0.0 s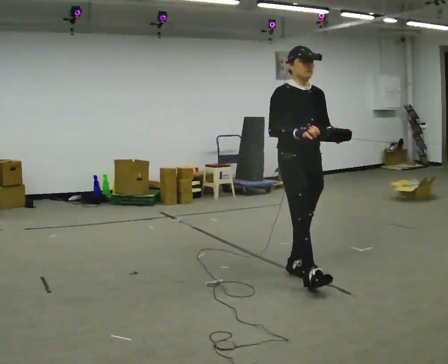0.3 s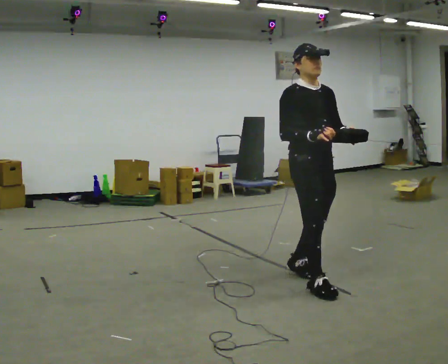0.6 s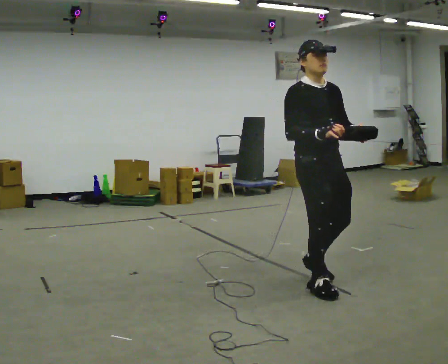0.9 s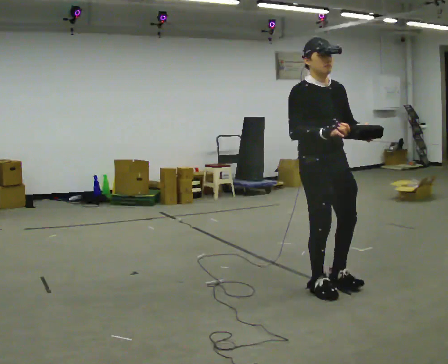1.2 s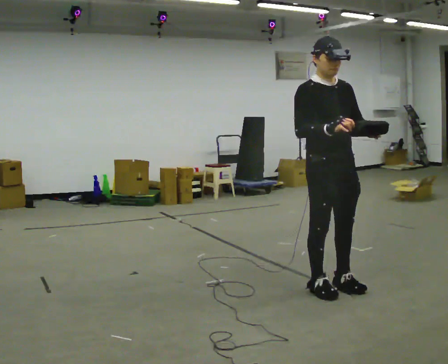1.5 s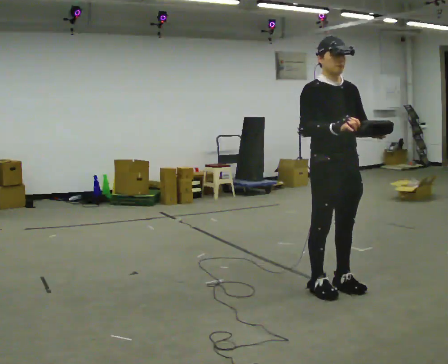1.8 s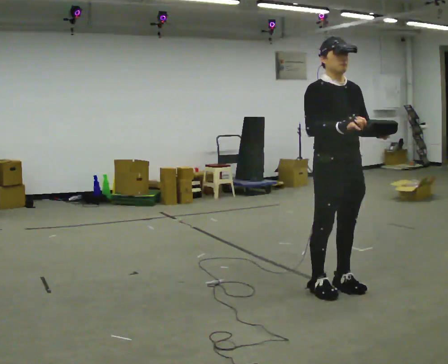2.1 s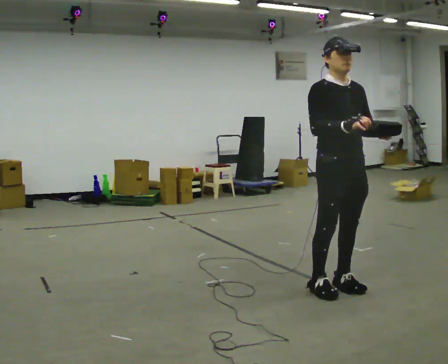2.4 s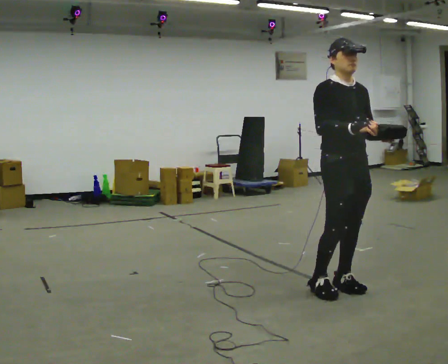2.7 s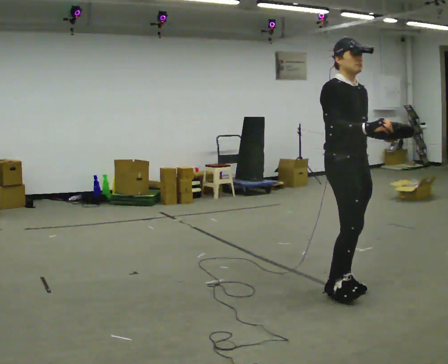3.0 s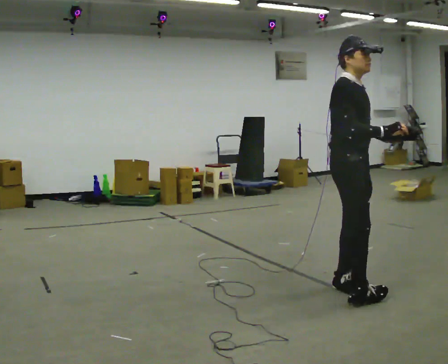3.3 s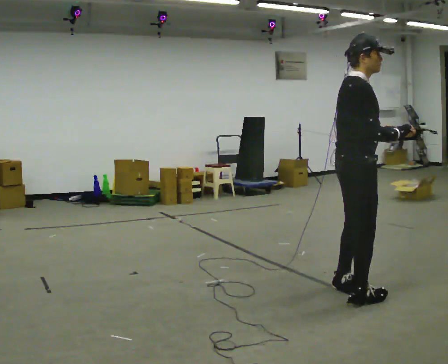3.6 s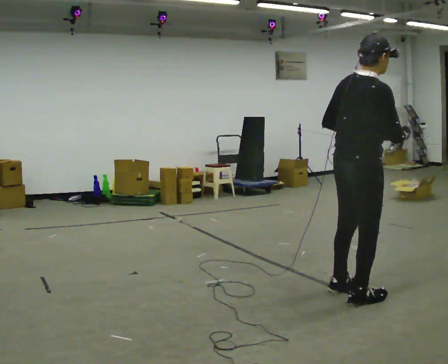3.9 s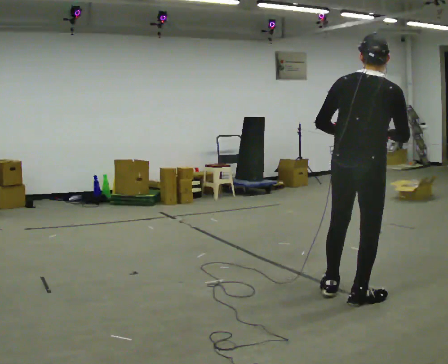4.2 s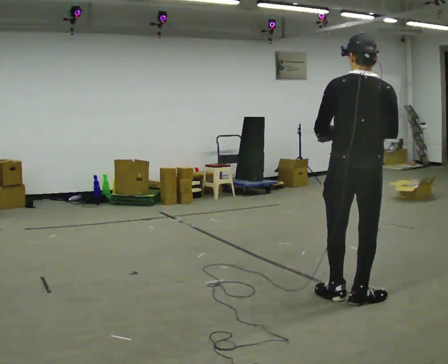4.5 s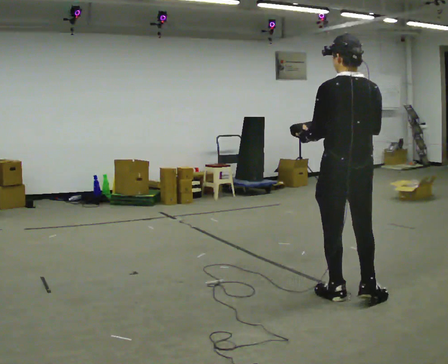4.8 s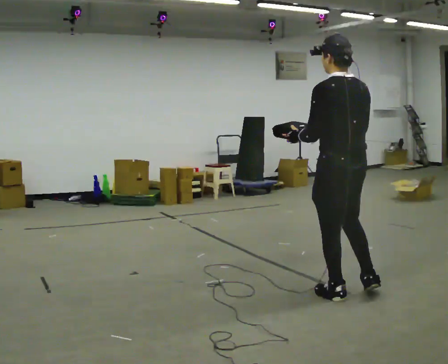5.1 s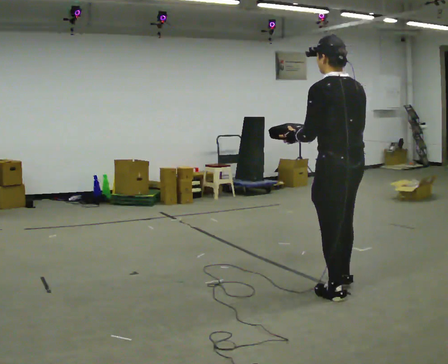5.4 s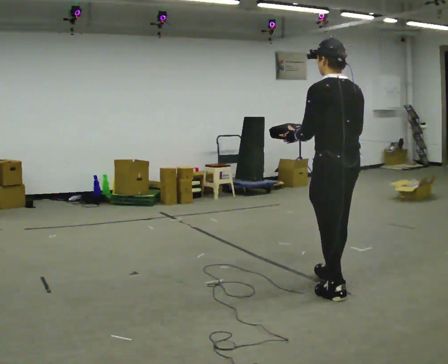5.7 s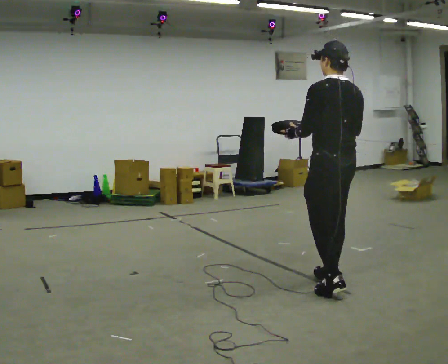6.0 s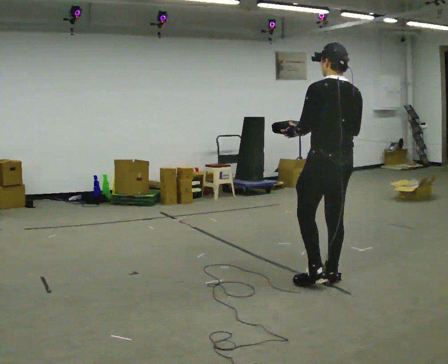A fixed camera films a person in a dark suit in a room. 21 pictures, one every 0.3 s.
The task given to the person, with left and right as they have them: Carry the bag and, while walking, undo the buckle or zip, then do it up again. Keep repeating as you walk. Do not stop.
0.0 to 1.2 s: In the picture they go toward the camera and to the right, about 0.5 m in 2 steps, which for them is forward.
1.2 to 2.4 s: The person moves a little, or ends about where they began.
2.4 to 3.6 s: Seen from above the body turns counterclockwise, about 90 degrees: to their left, with its near side sliding to the right. In the picture they go toward the camera, about 0.25 m in 1 step.
3.6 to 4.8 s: The person turns about 90 degrees to their left, counterclockwise seen from above, so the part of the body nearest the lens slides to the right. In the picture their right hand goes to the left.
4.8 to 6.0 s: In the picture they go away from the camera, about 0.25 m in 1 step, which for them is forward and to their right.
The film runs forward here.
